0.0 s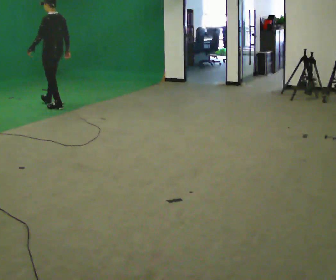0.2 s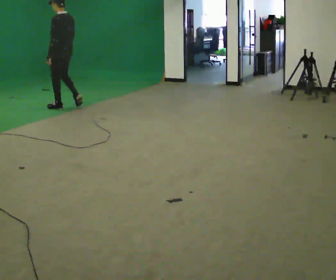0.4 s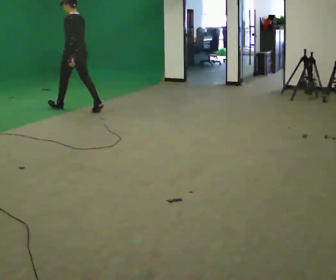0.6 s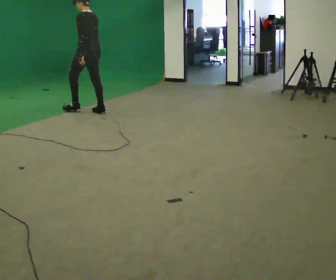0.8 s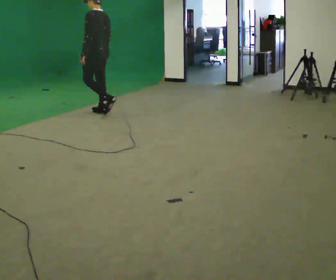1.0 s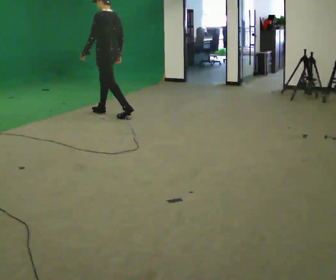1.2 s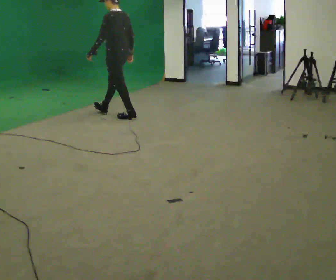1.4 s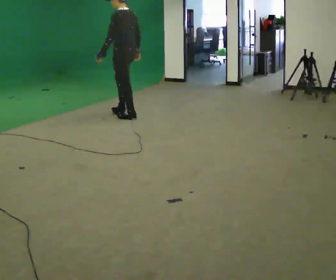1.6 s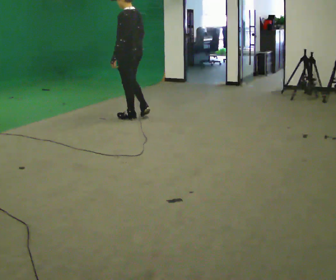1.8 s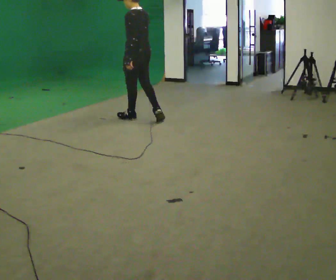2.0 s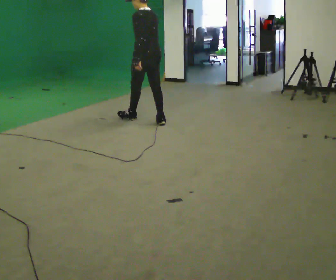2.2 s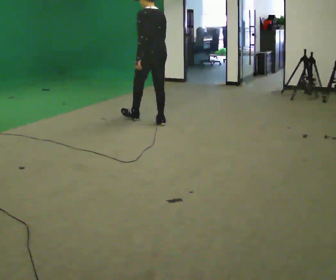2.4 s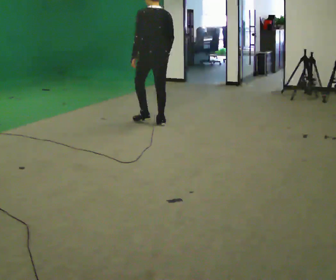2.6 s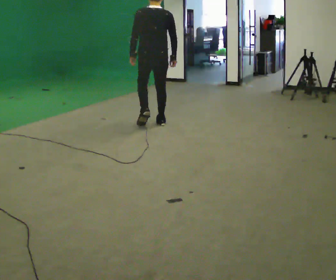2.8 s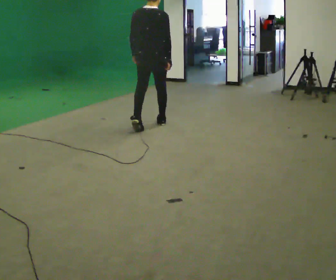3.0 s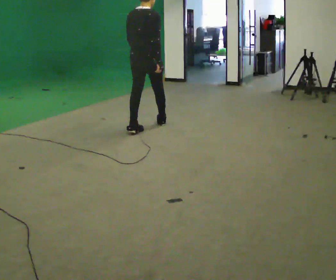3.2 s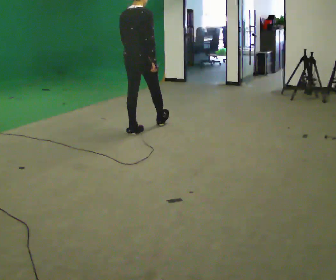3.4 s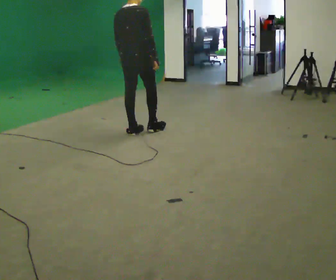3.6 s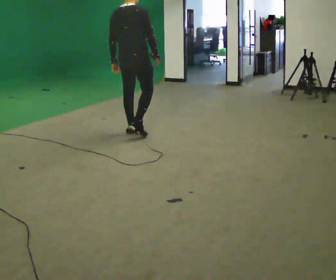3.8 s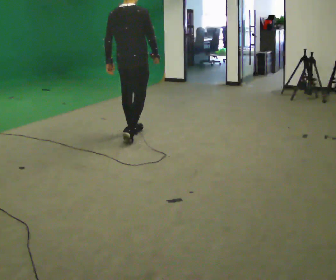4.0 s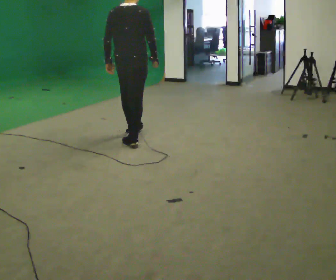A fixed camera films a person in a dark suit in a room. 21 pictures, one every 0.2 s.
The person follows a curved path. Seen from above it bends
clockwise.
0.0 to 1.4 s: In the picture they go to the right and toward the camera, about 1.5 m in 2 steps, which for them is backward.
1.4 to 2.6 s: The person turns about 60 degrees to their right, clockwise seen from above, so the part of the body nearest the lens slides to the left. In the picture they go toward the camera and to the right, about 0.5 m in 1 step, which for them is backward.
2.6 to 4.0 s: Seen from above the body turns clockwise, about 30 degrees: to their right, with its near side sliding to the left. In the picture they go toward the camera and to the left, about 0.75 m in 1 step, which for them is backward.
The film runs backward here.
